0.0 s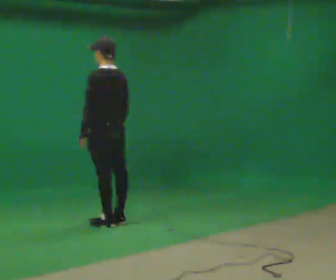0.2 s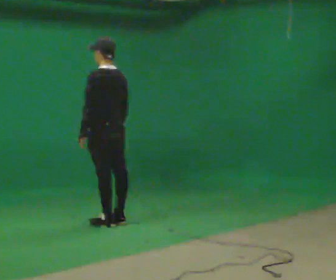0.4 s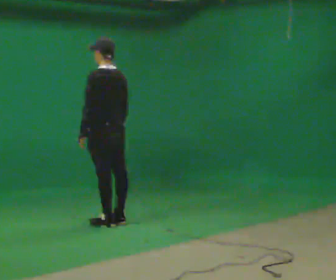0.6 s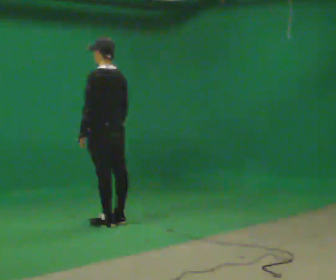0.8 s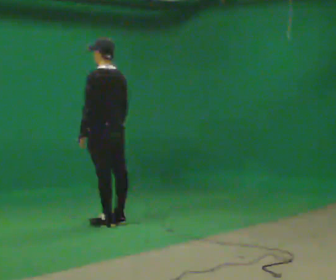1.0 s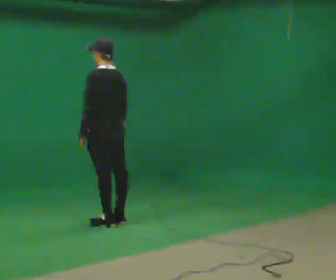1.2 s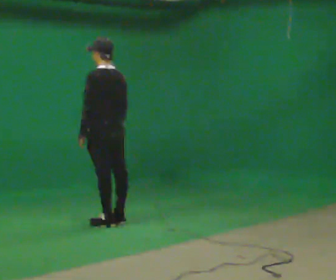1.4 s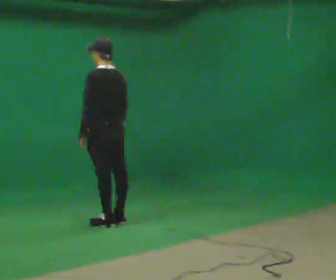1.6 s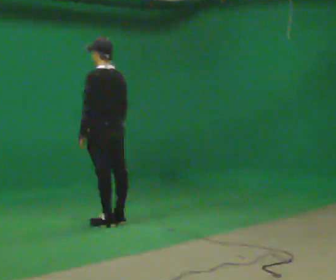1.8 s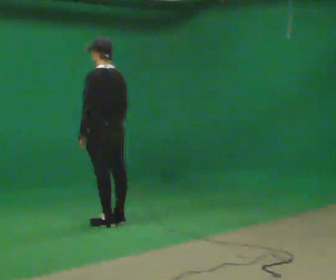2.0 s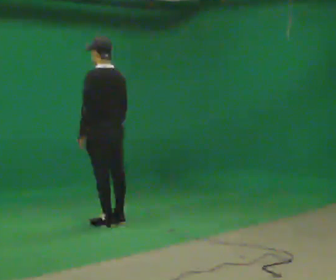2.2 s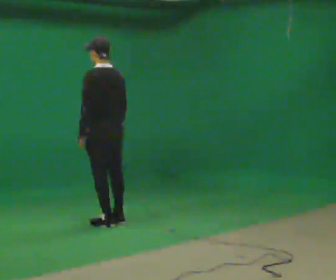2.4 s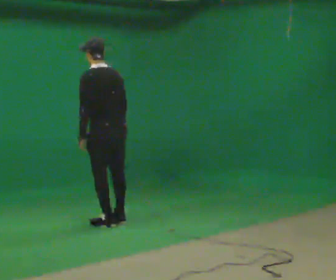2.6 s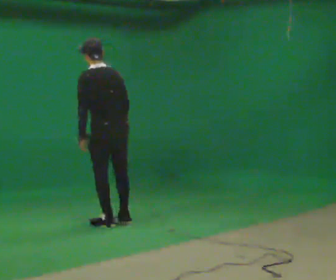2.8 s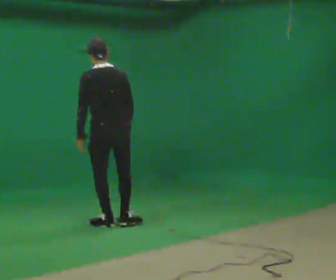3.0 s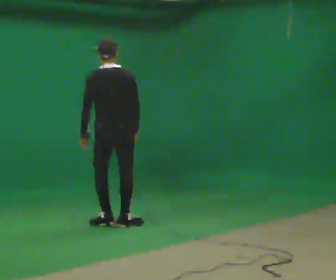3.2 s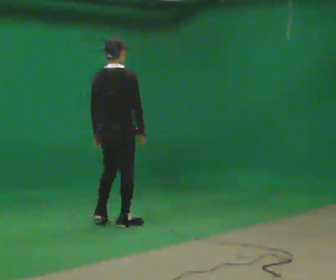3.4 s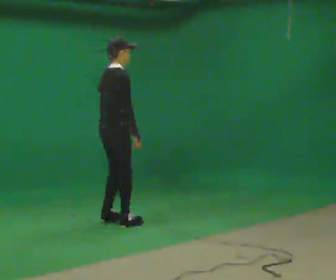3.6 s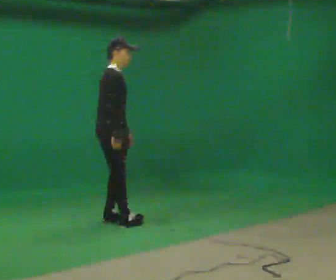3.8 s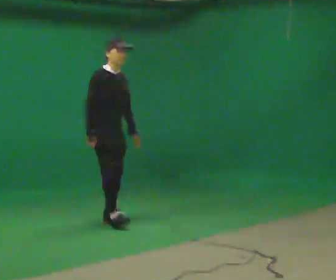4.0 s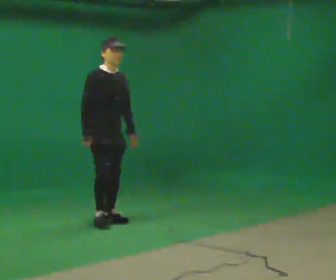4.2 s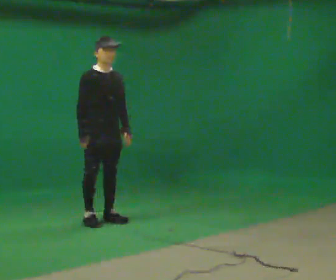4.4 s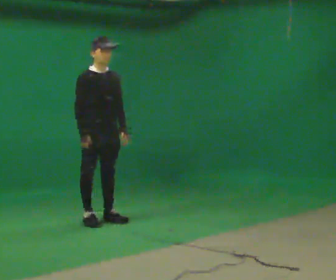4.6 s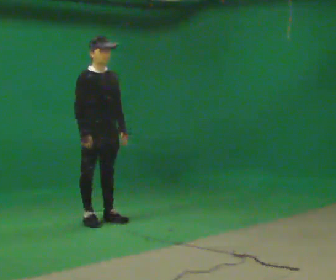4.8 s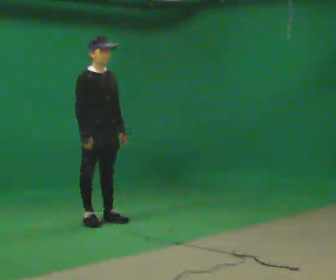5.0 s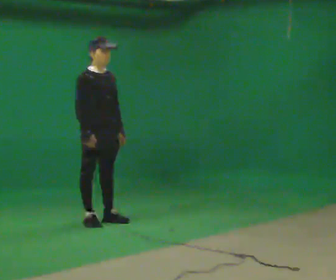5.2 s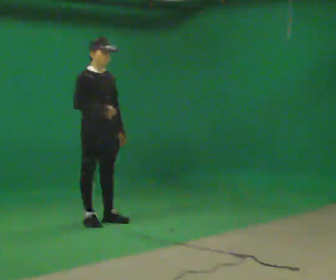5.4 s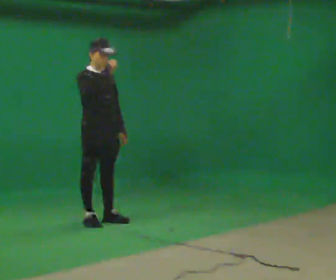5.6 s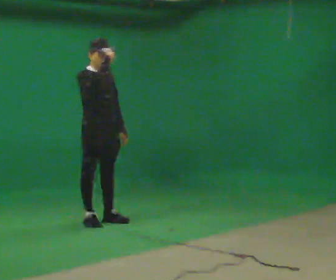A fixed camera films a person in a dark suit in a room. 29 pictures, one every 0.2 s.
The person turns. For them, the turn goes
to their right.
The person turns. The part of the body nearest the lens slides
to the left.
0.0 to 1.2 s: The person keeps their place and pose.
1.2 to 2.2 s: The person moves a little, or ends about where they began.
2.2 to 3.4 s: The part of the body nearest the lens slides to the left as the person turns to their right by about 120 degrees.
3.4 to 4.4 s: The part of the body nearest the lens slides to the left as the person turns to their right by about 60 degrees. In the picture they go to the left, about 0.25 m in 2 steps.
4.4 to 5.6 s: In the picture their right hand goes upward.
The film runs forward here.
